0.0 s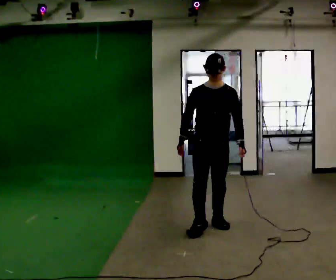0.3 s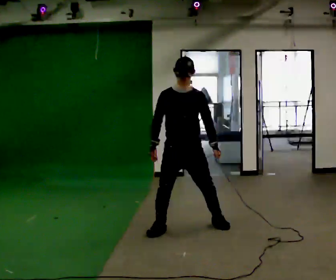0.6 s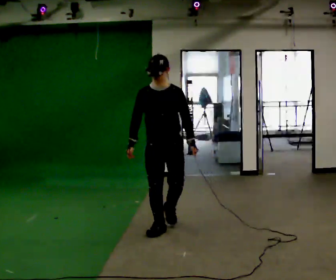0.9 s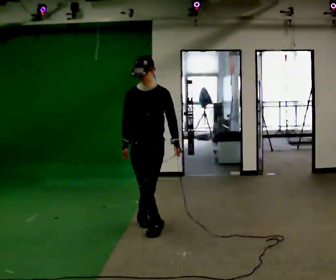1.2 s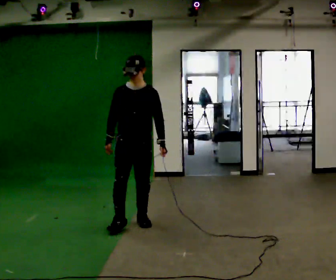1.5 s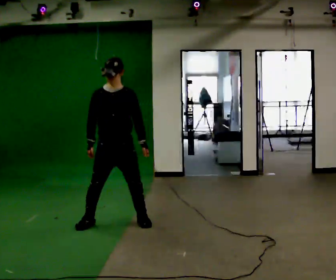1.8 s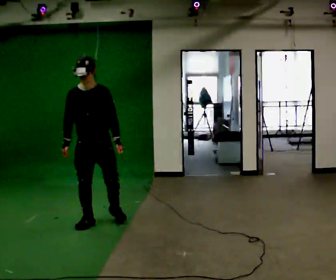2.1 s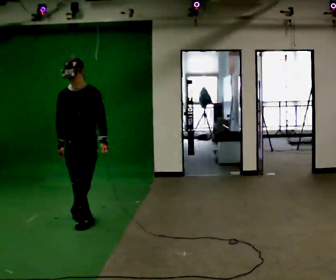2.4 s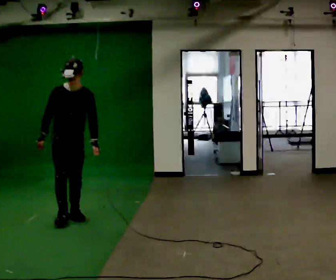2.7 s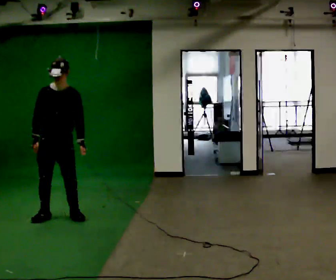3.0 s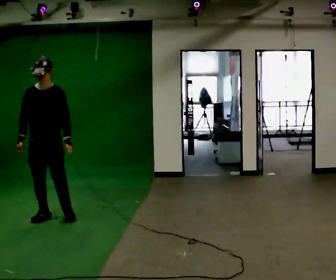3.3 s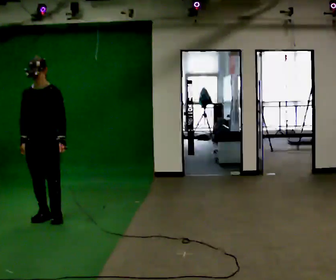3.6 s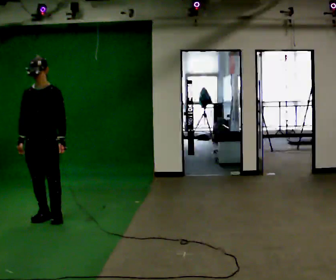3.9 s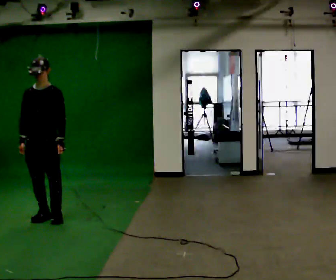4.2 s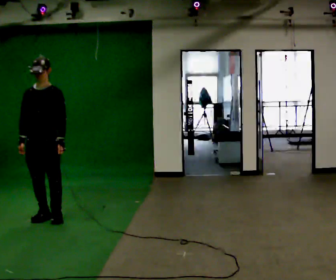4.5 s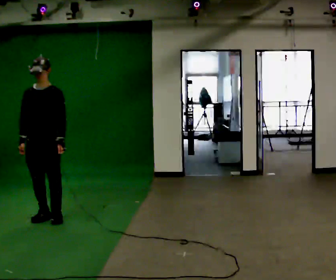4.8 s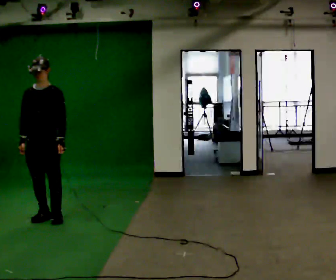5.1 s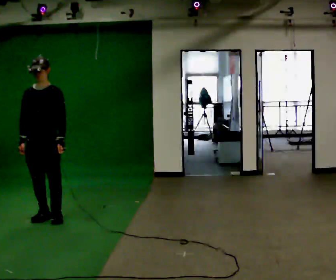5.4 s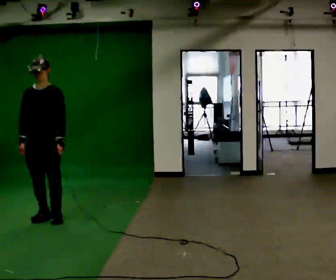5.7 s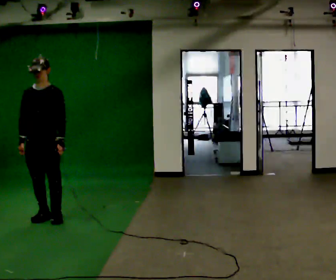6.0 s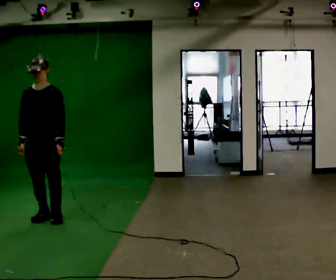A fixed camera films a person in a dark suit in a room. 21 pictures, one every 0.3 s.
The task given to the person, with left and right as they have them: Move sideways in the direction the operator calls, crossing one foot in front and then behind, alternating.
0.0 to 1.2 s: In the picture they go to the left, about 1 m in 2 steps, which for them is to their right.
1.2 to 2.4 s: In the picture they go to the left and away from the camera, about 0.5 m in 2 steps, which for them is to their right.
2.4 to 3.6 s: In the picture they go to the left, about 0.25 m in 2 steps, which for them is to their right.
3.6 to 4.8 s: The person moves a little, or ends about where they began.
4.8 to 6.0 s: The person keeps their place and pose.
The film runs forward here.
